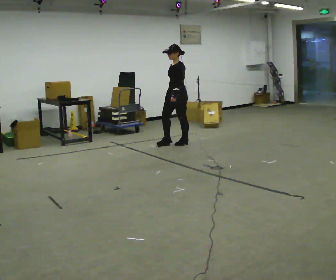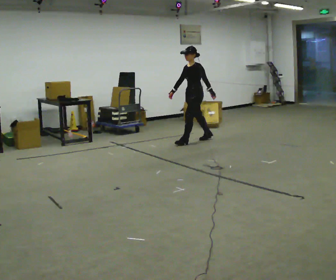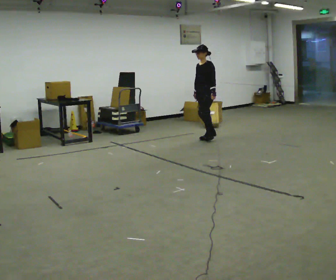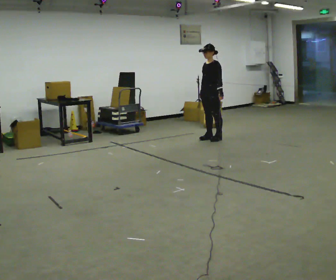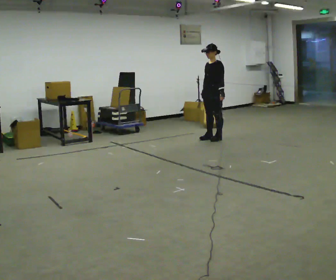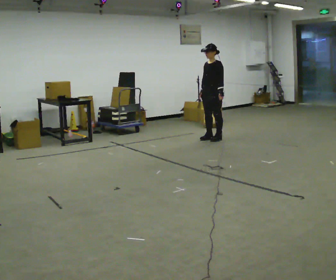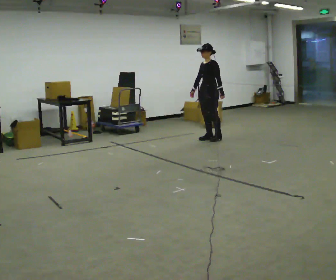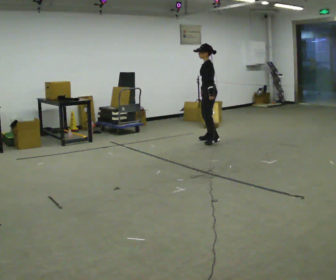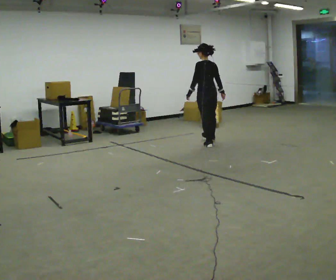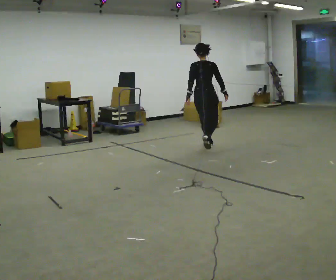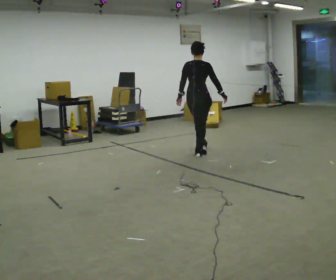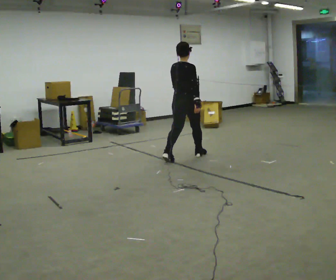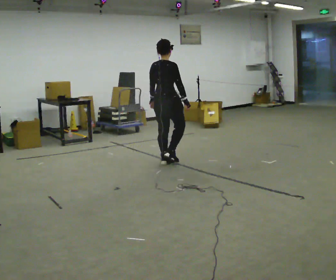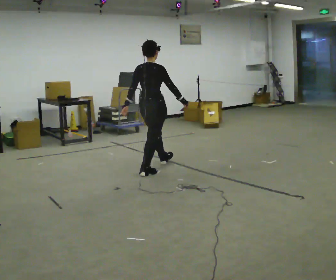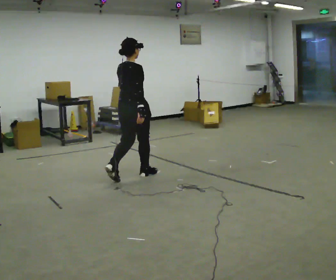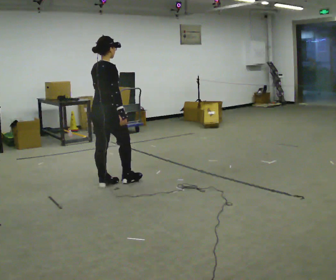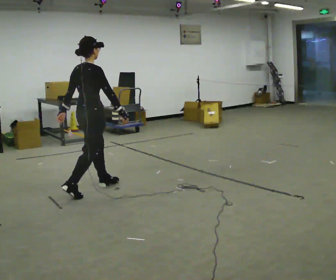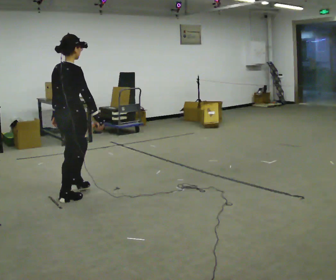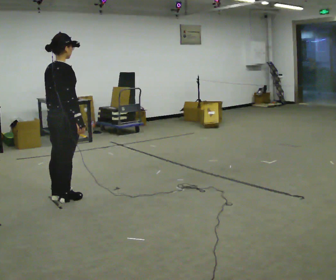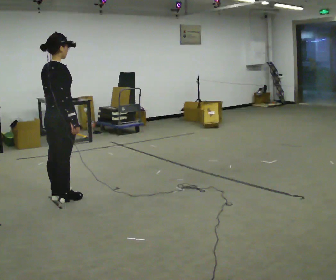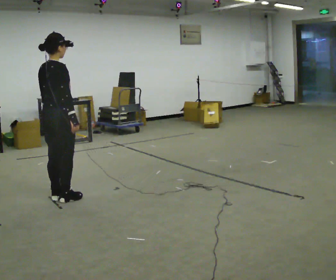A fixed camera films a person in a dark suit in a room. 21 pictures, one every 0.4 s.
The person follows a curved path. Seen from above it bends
clockwise.
The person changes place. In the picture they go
toward the camera.
0.0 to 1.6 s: In the picture they go to the right and away from the camera, about 0.75 m in 1 step, which for them is backward.
1.6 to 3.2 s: The person turns about 90 degrees to their right, clockwise seen from above, so the part of the body nearest the lens slides to the left. In the picture they go toward the camera, about 0.5 m in 2 steps.
3.2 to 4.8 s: The part of the body nearest the lens slides to the left as the person turns to their right by about 60 degrees. In the picture they go toward the camera and to the left, about 1 m in 2 steps.
4.8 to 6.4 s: In the picture they go toward the camera and to the left, about 1.5 m in 2 steps, which for them is backward.
6.4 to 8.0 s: In the picture they go toward the camera and to the left, about 0.5 m in 1 step, which for them is backward.
The film runs backward here.
